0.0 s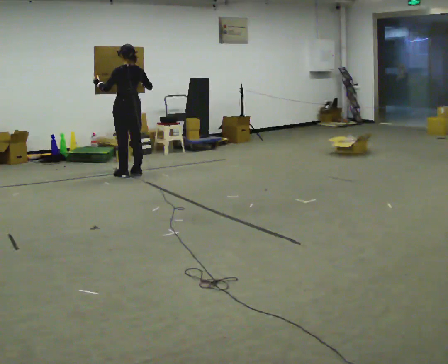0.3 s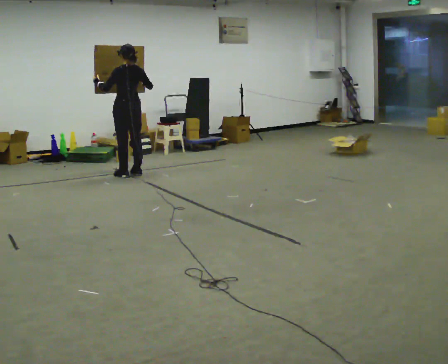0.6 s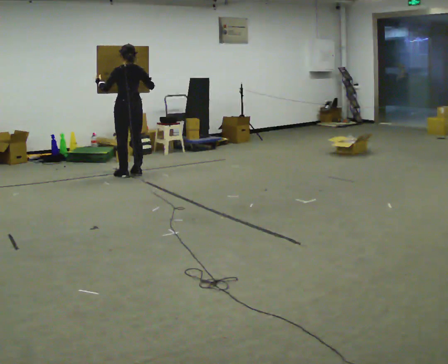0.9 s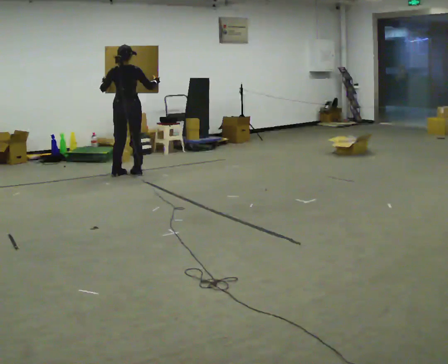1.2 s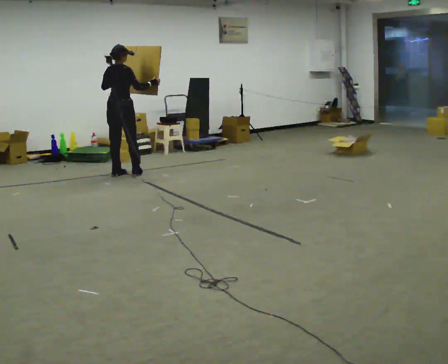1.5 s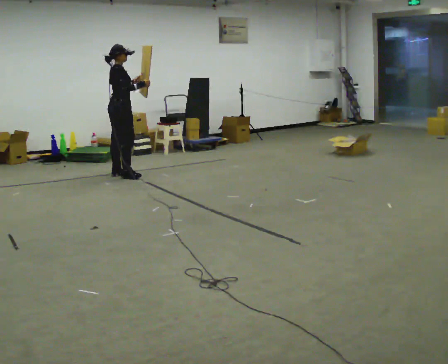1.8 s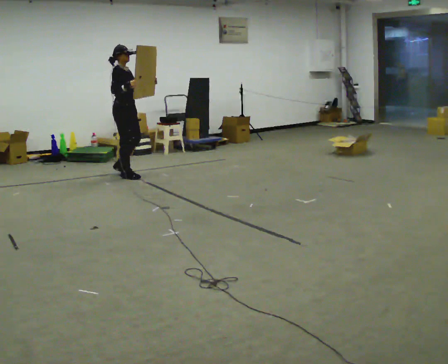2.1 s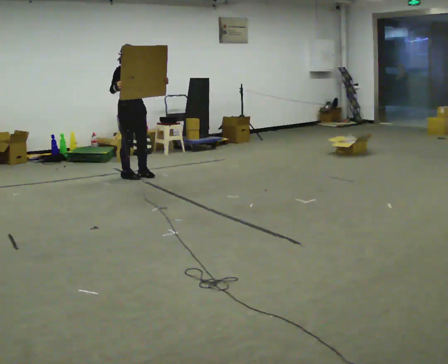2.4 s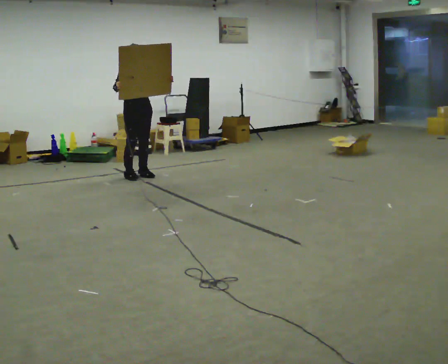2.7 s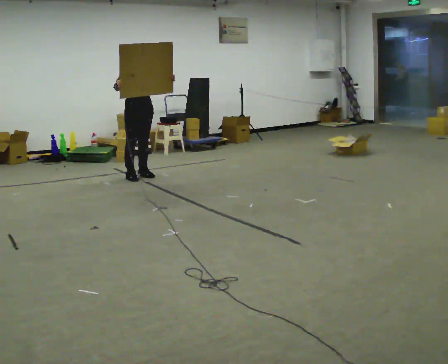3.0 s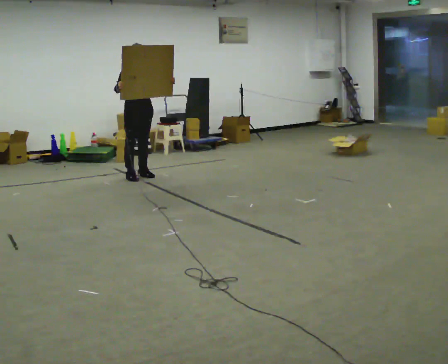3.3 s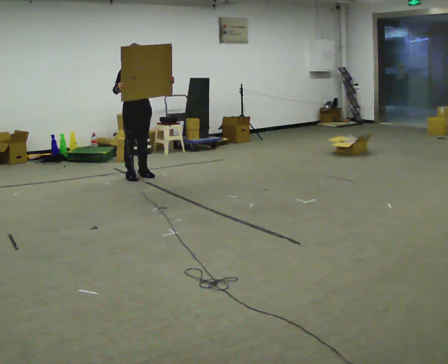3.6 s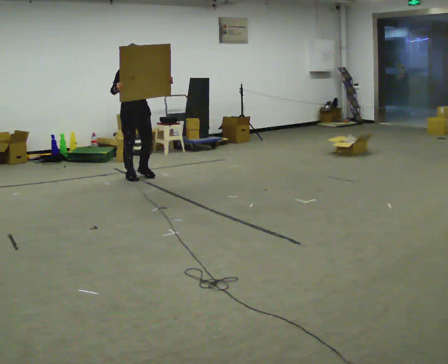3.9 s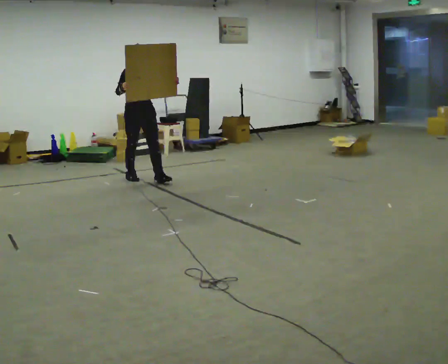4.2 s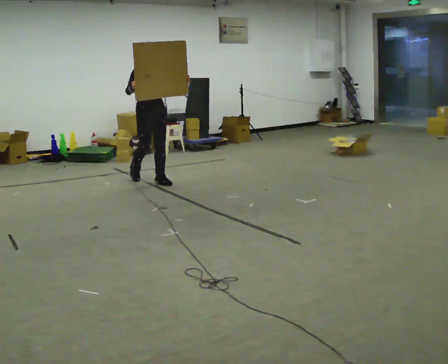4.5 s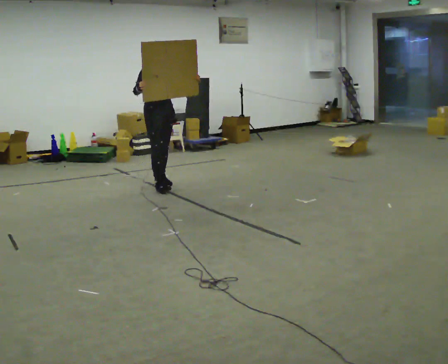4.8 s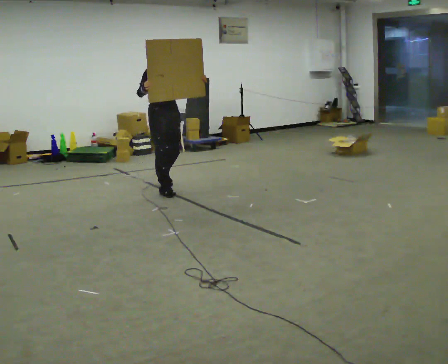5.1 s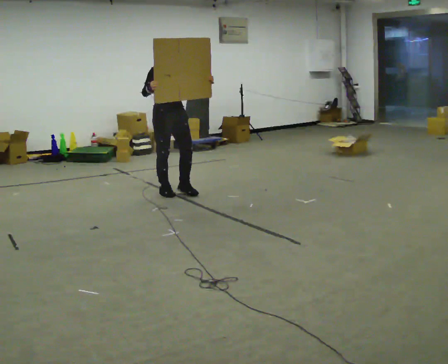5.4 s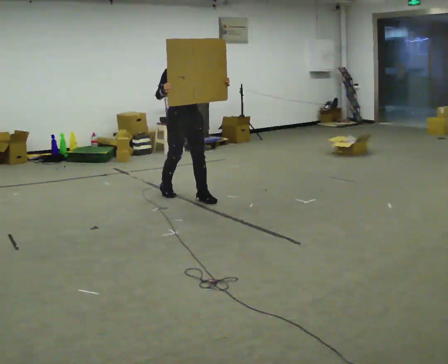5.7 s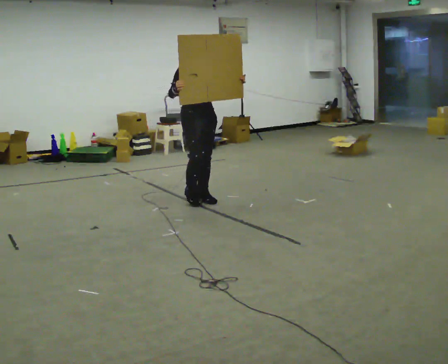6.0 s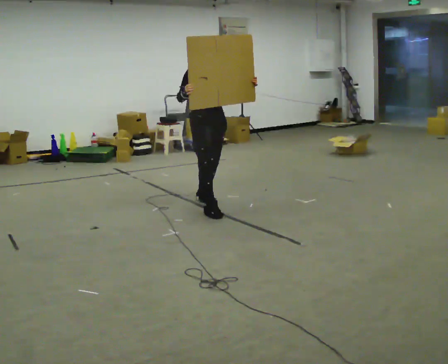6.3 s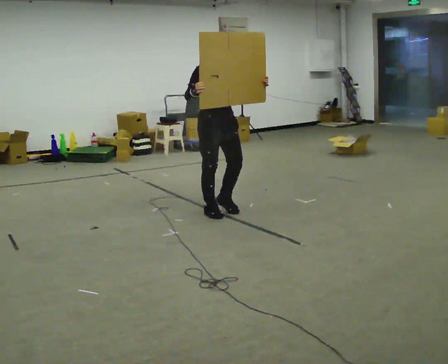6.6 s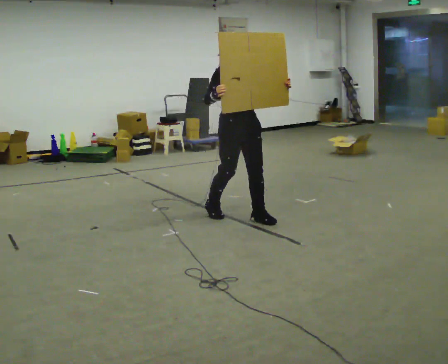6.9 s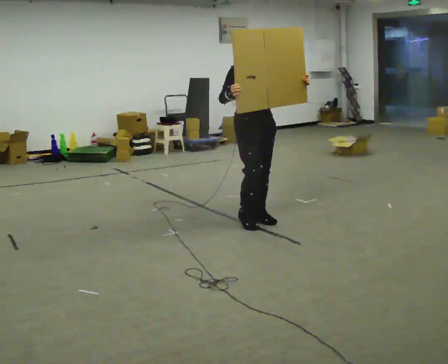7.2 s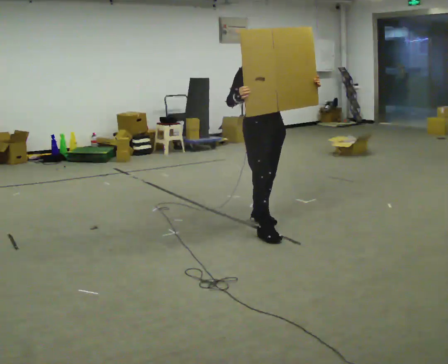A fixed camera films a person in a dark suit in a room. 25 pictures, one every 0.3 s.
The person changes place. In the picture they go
toward the camera.
The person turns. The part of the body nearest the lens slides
to the left.
0.0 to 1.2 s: The person turns about 60 degrees to their right, clockwise seen from above, so the part of the body nearest the lens slides to the left.
1.2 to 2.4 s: The part of the body nearest the lens slides to the left as the person turns to their right by about 120 degrees. In the picture they go to the right, about 0.25 m in 2 steps. In the picture their right hand goes to the left.
2.4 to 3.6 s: In the picture they go toward the camera, about 0.25 m, which for them is forward.
3.6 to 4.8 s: In the picture they go toward the camera and to the right, about 0.75 m in 2 steps, which for them is forward.
4.8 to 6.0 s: In the picture they go toward the camera and to the right, about 1 m in 2 steps, which for them is forward.
6.0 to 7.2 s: In the picture they go toward the camera and to the right, about 1 m in 2 steps, which for them is forward.
The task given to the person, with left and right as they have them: Carry the large panel across the room. It will block your view ahead, so take whatever route feels safe. Keep going until the operator says stop; one object at a time, and do not rush between trips.
The film runs forward here.
